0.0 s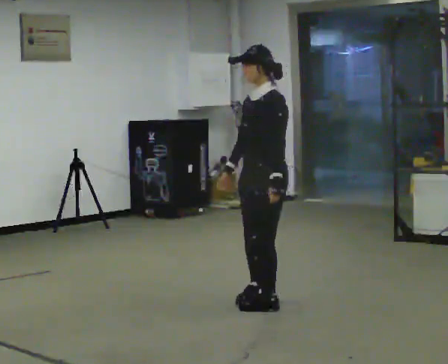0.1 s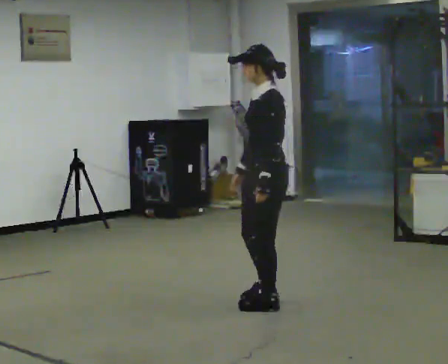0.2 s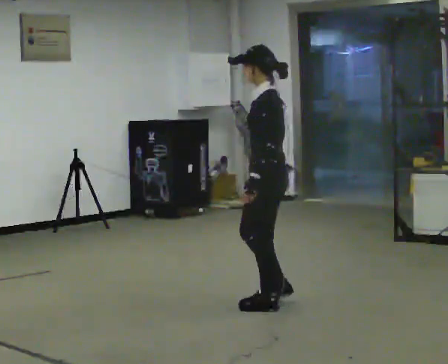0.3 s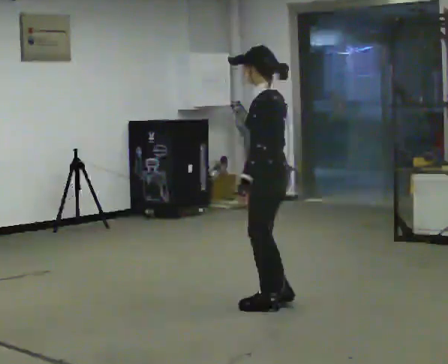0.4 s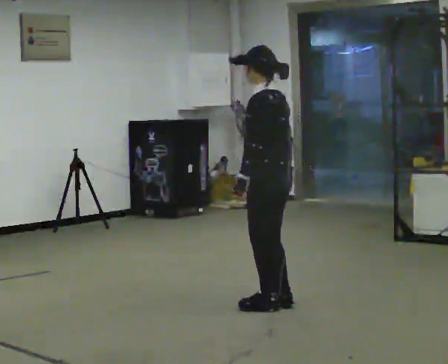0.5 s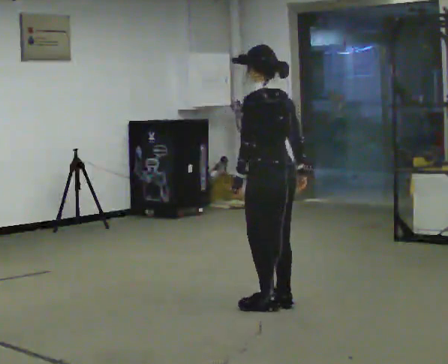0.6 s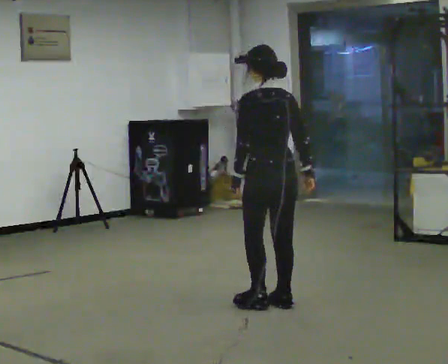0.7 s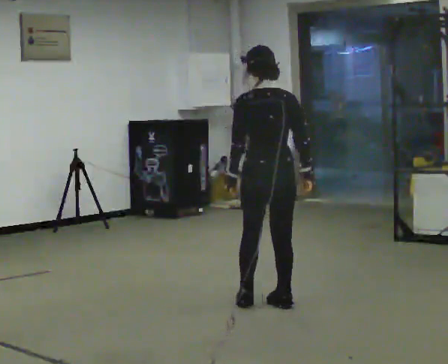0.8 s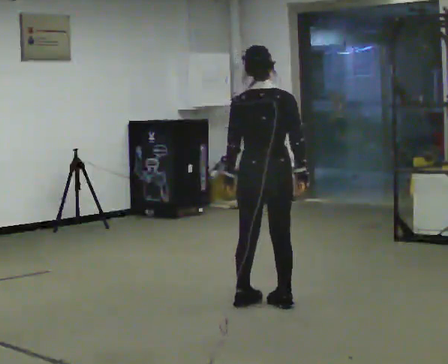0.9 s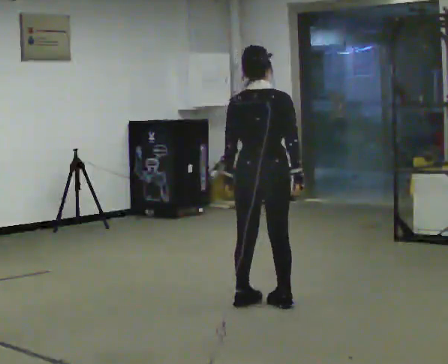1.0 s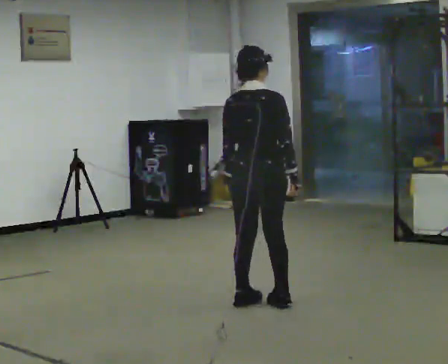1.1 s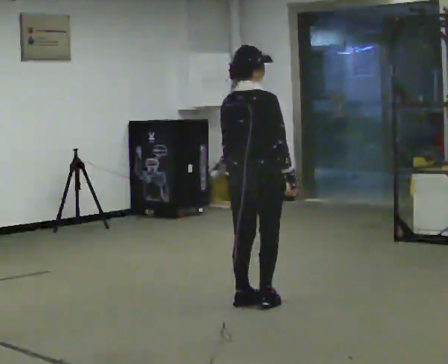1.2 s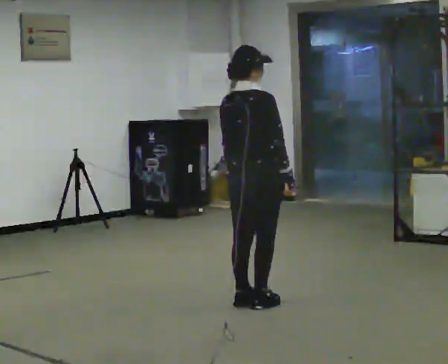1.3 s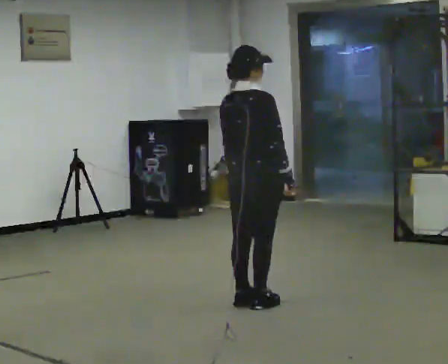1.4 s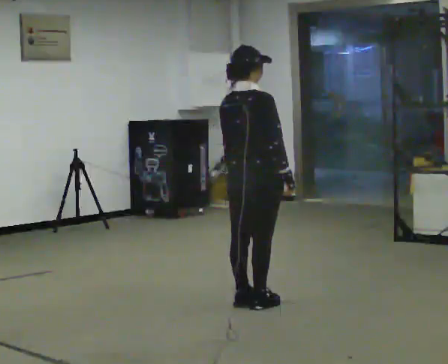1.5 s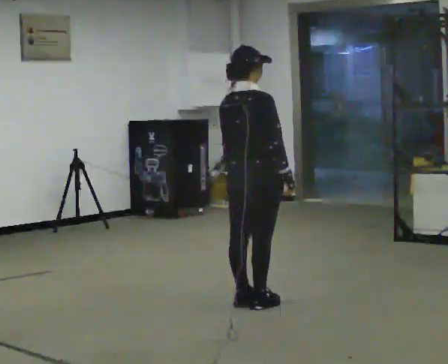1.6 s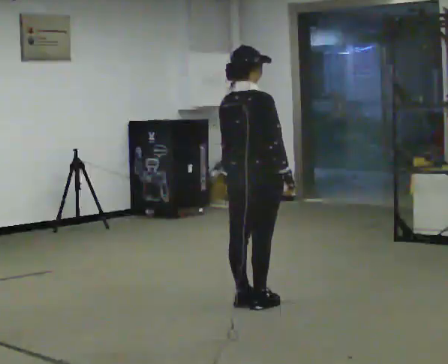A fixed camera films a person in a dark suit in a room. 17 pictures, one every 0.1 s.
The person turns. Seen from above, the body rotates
clockwise.
The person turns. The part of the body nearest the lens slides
to the left.
0.0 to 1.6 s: The person turns about 150 degrees to their right, clockwise seen from above, so the part of the body nearest the lens slides to the left. In the picture their right hand goes to the right, the arm swinging counterclockwise.
The film runs backward here.
